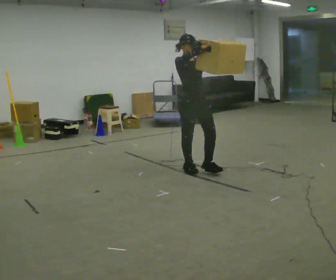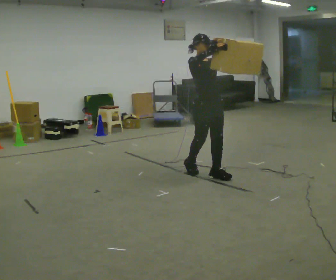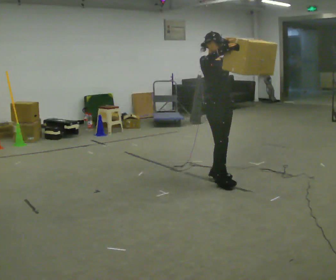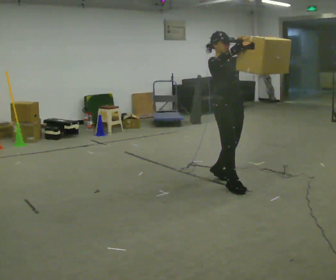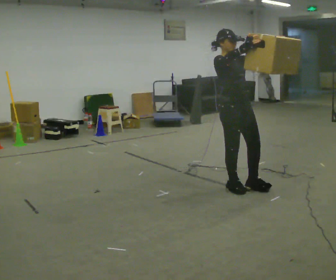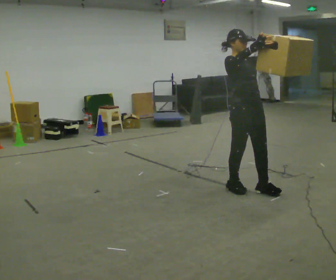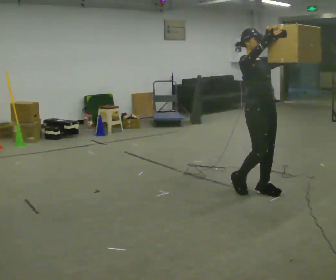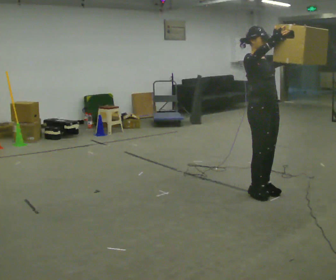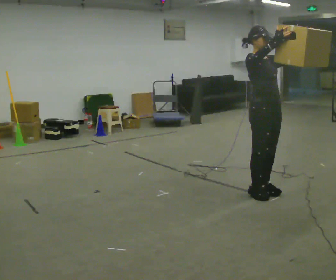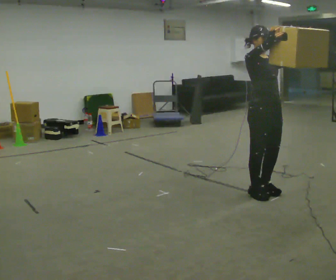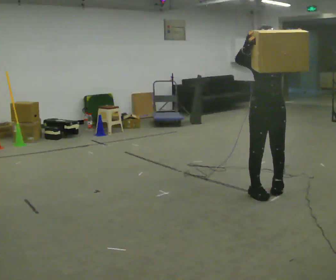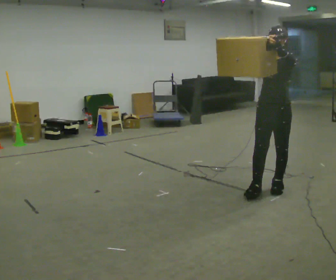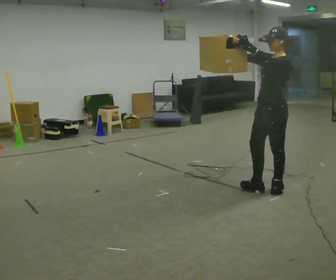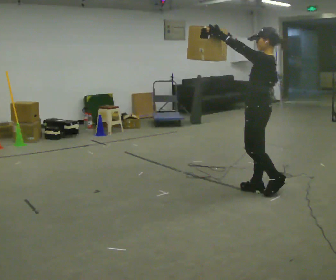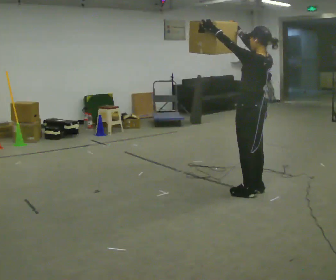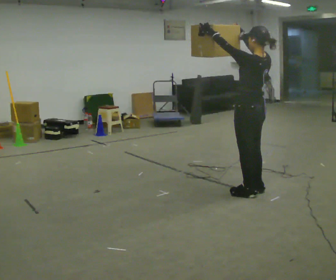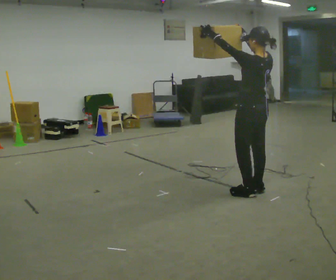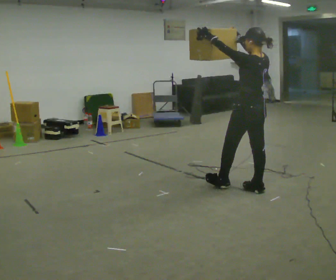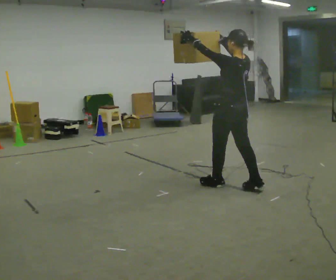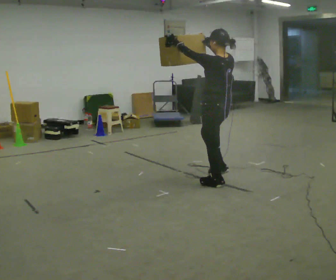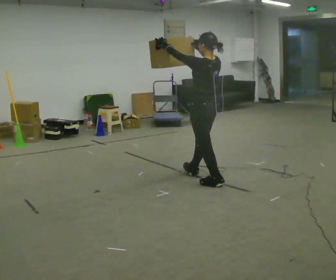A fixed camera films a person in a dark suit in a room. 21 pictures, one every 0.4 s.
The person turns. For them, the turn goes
to their right.
The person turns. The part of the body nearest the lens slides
to the left.
0.0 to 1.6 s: In the picture they go toward the camera and to the right, about 1 m in 2 steps, which for them is forward.
1.6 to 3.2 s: In the picture they go to the right and toward the camera, about 0.25 m in 2 steps, which for them is forward.
3.2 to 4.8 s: Seen from above the body turns clockwise, about 105 degrees: to their right, with its near side sliding to the left. In the picture the upper body tilts clockwise, shoulders to the right. In the picture their left hand goes to the left.
4.8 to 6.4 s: The part of the body nearest the lens slides to the left as the person turns to their right by about 60 degrees. In the picture they go to the left, about 0.25 m in 1 step. In the picture their left hand goes to the left.
6.4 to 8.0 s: In the picture they go to the left and away from the camera, about 0.5 m in 2 steps, which for them is forward.
The film runs forward here.
